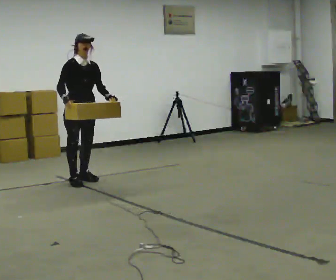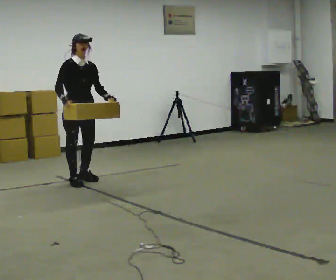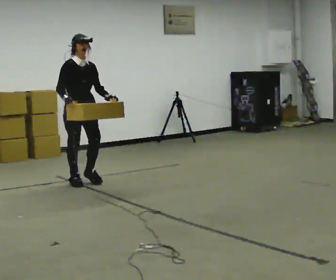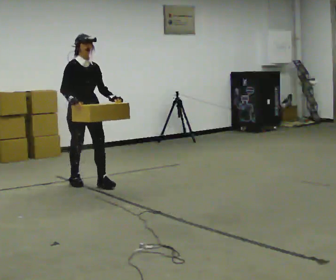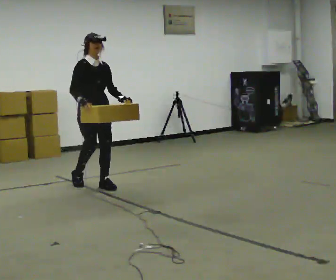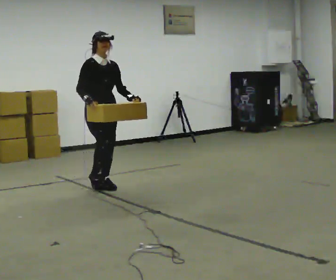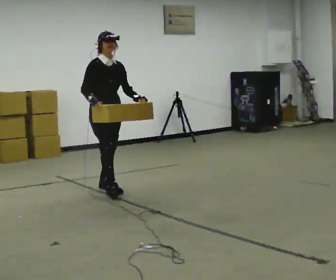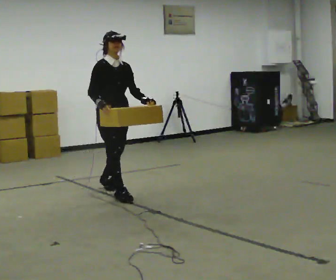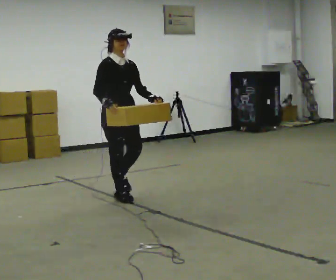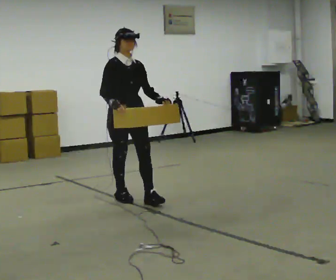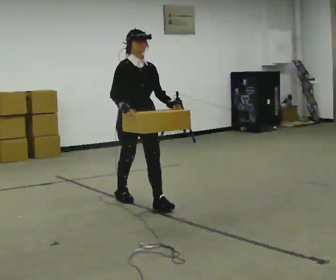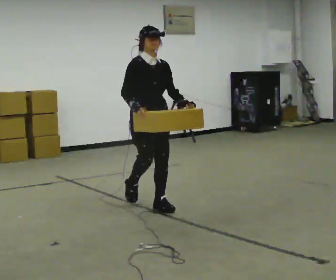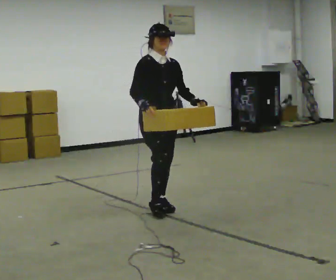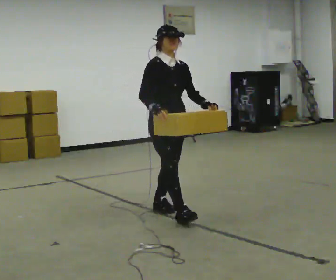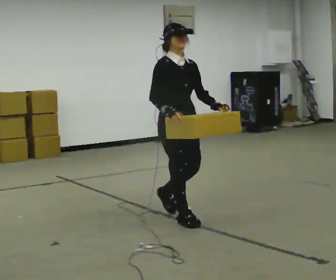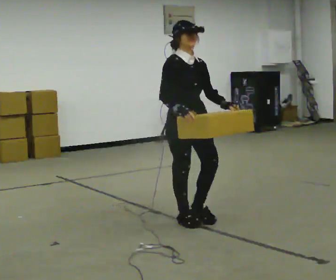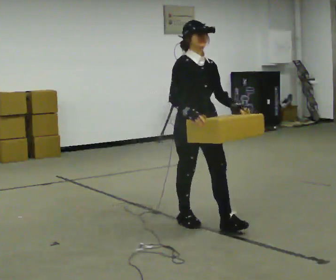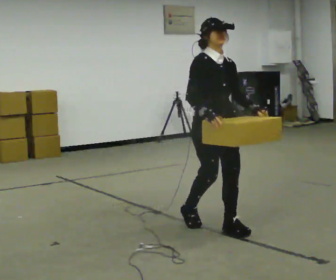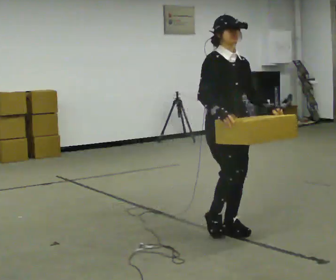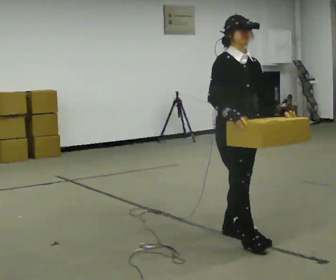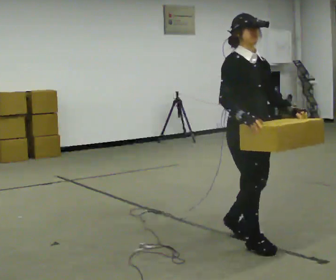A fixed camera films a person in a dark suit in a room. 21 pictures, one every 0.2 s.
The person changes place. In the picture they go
toward the camera.
0.0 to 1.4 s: In the picture they go toward the camera and to the right, about 0.5 m in 2 steps, which for them is forward.
1.4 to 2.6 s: In the picture they go toward the camera and to the right, about 1 m in 2 steps, which for them is forward.
2.6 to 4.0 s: In the picture they go toward the camera and to the right, about 1 m in 2 steps, which for them is forward.
The film runs forward here.
